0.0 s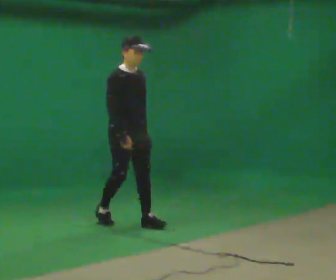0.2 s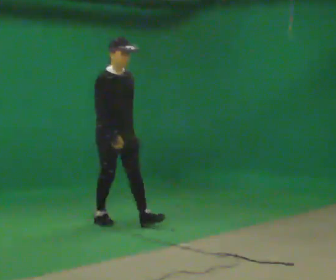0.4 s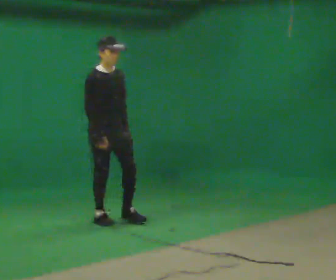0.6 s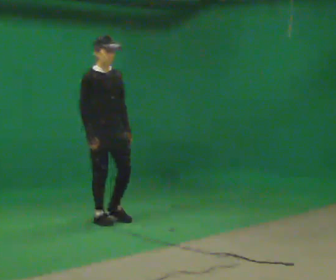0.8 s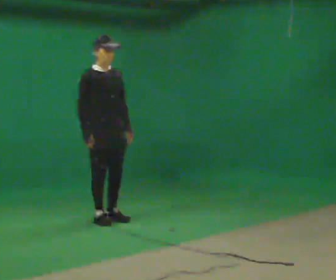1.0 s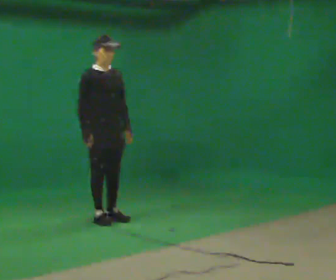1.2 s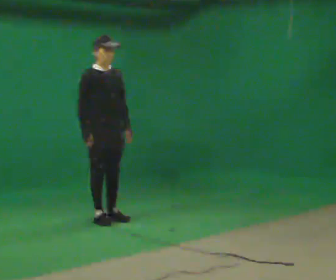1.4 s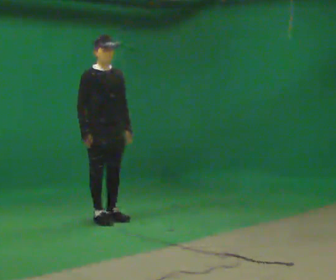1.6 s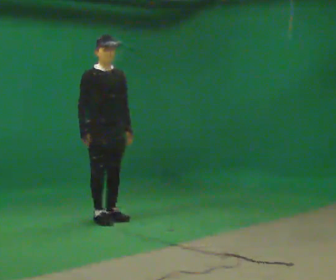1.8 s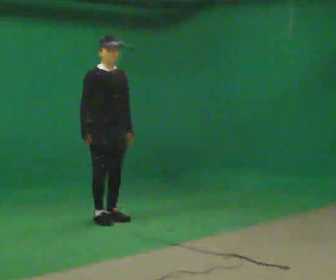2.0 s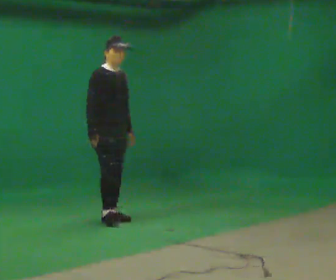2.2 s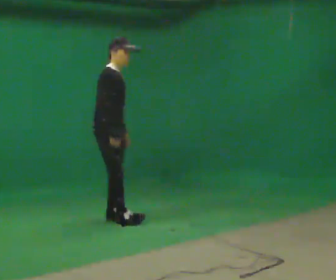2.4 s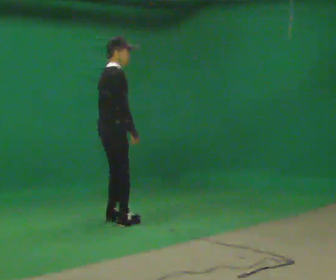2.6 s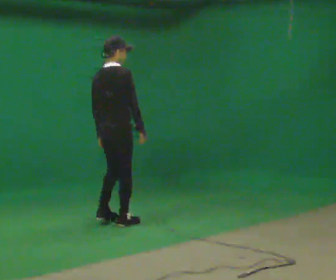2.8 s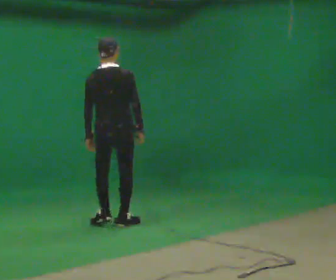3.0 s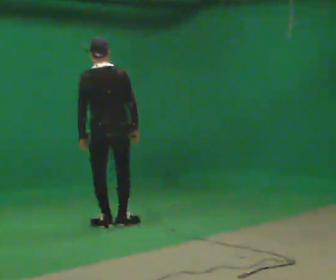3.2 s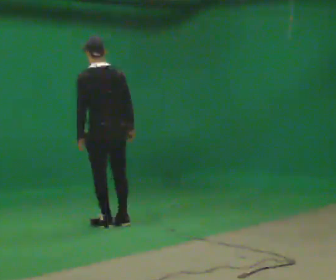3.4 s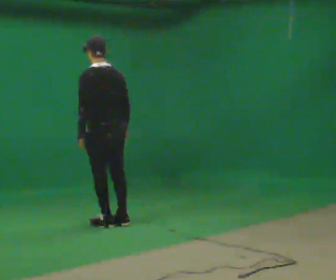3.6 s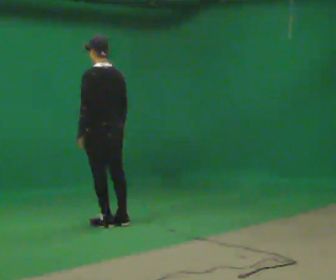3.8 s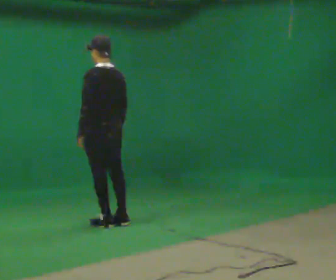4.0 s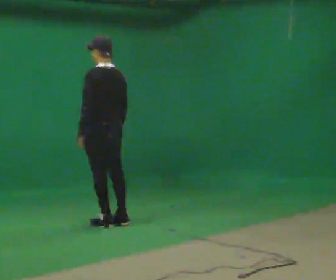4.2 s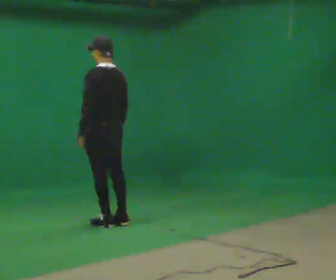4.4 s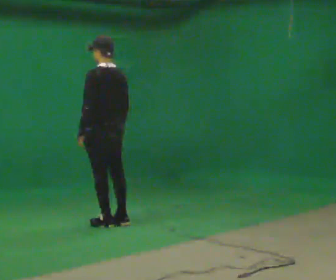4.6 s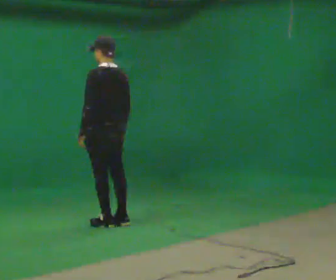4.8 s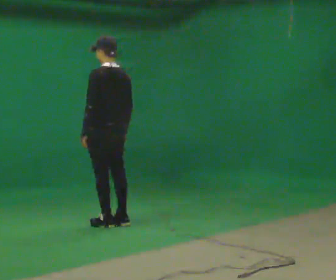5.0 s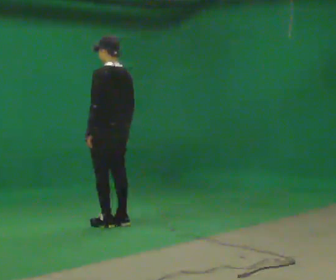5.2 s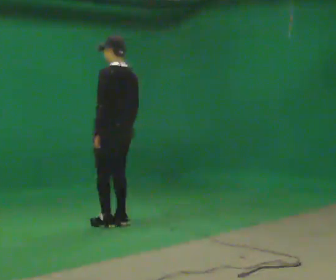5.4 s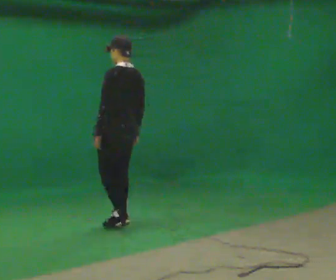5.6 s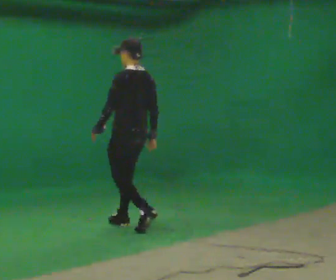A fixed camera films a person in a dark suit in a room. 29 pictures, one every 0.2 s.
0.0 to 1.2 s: In the picture they go away from the camera and to the left, about 0.25 m in 1 step, which for them is backward.
1.2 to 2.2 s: The part of the body nearest the lens slides to the right as the person turns to their left by about 30 degrees.
2.2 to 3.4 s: Seen from above the body turns counterclockwise, about 135 degrees: to their left, with its near side sliding to the right. In the picture they go toward the camera, about 0.25 m in 1 step. In the picture the upper body tilts counterclockwise, shoulders to the left.
3.4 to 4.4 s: The person moves a little, or ends about where they began.
4.4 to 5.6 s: In the picture they go to the right and toward the camera, about 0.25 m in 1 step, which for them is backward.
The film runs backward here.
